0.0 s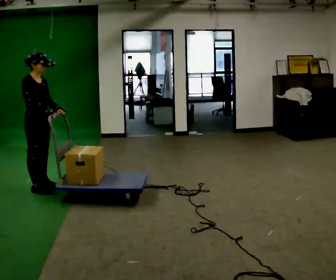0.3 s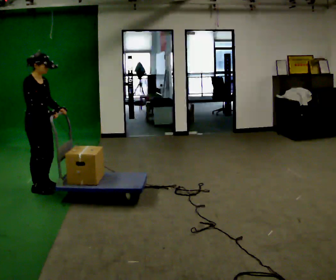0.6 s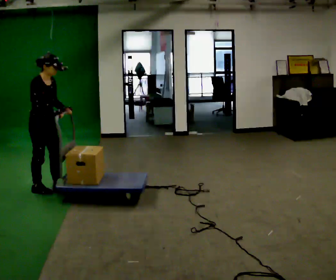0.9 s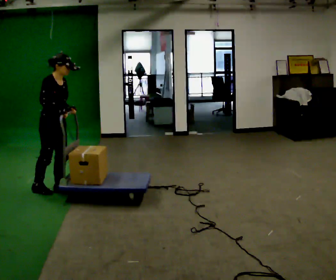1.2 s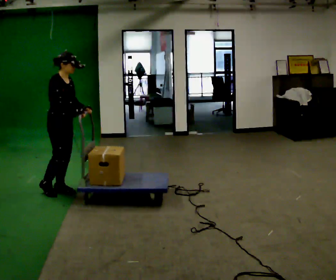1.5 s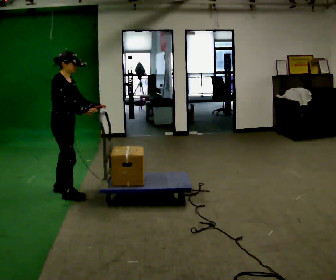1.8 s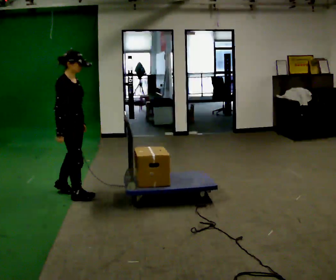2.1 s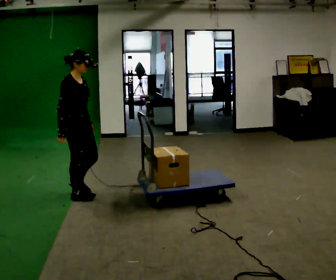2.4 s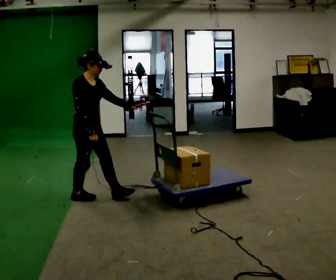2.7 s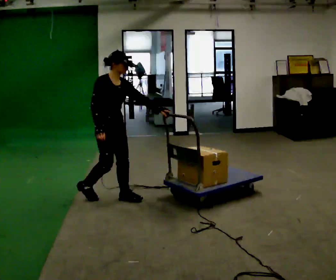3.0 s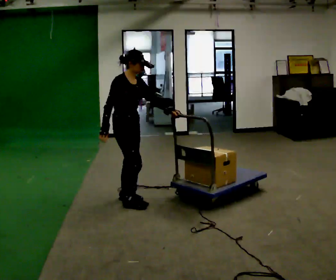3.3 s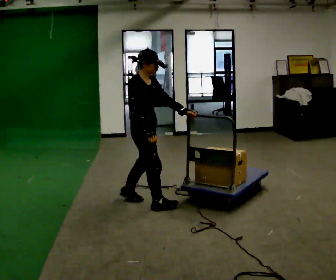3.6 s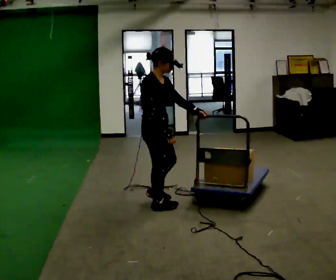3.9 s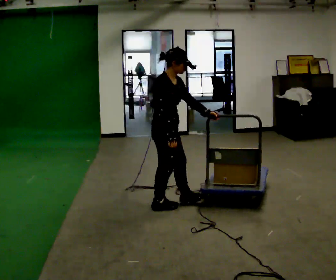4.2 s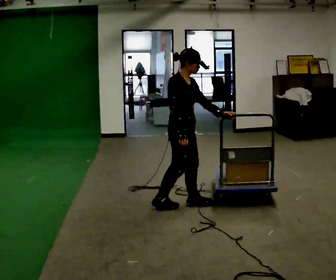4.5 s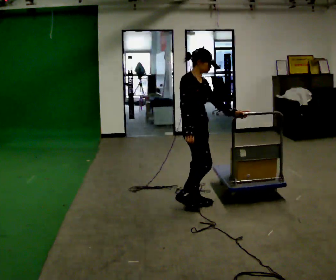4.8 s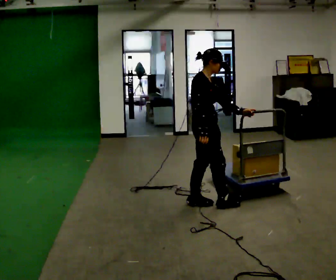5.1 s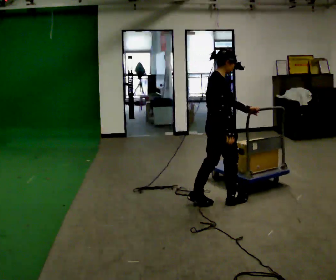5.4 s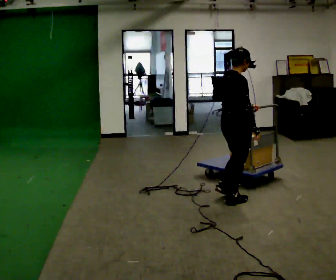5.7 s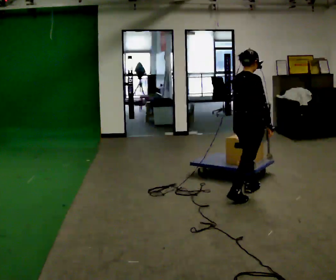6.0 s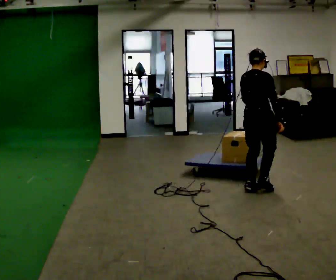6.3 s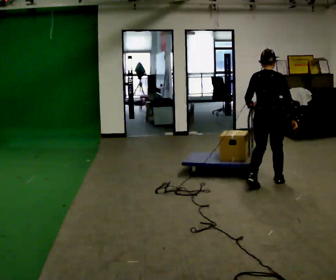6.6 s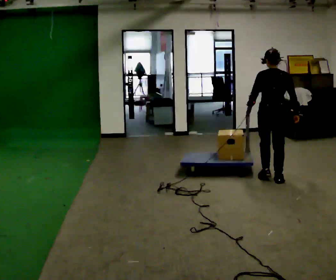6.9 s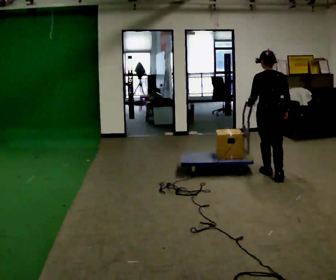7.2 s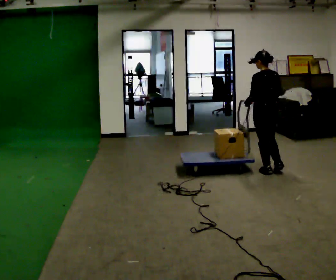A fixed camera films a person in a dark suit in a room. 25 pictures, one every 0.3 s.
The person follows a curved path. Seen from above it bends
counterclockwise.
The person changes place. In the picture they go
to the right.
0.0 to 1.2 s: In the picture they go to the right, about 0.25 m in 1 step, which for them is forward.
1.2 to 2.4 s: In the picture they go to the right, about 0.25 m in 1 step, which for them is forward and to their right.
2.4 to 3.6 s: In the picture they go to the right, about 0.75 m in 2 steps, which for them is forward.
3.6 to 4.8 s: In the picture they go to the right, about 0.5 m in 1 step, which for them is forward.
4.8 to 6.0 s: Seen from above the body turns counterclockwise, about 60 degrees: to their left, with its near side sliding to the right. In the picture they go to the right and away from the camera, about 0.75 m in 2 steps, which for them is forward.
6.0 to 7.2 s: The part of the body nearest the lens slides to the right as the person turns to their left by about 75 degrees. In the picture they go away from the camera, about 0.75 m in 2 steps.
The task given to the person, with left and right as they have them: Stand still with your hands on the cart. When the operator says go, get it moving, push it a few metres, then bring it to a stop. Repeat until the operator says stop.
The film runs forward here.
